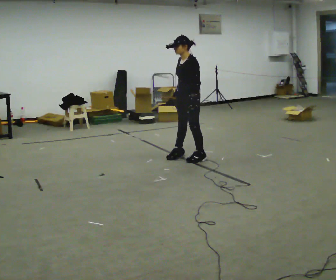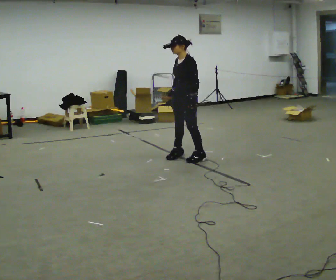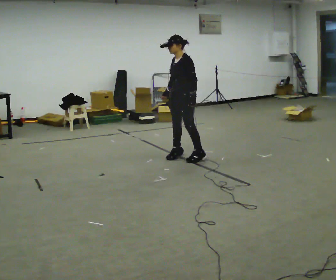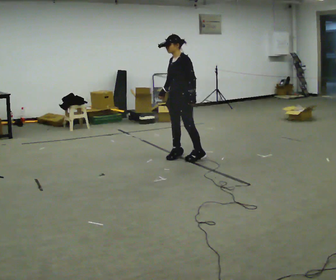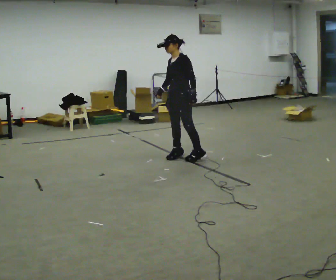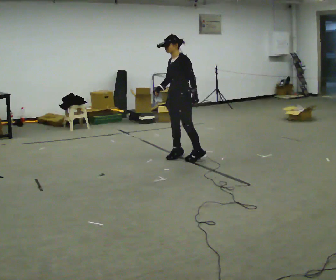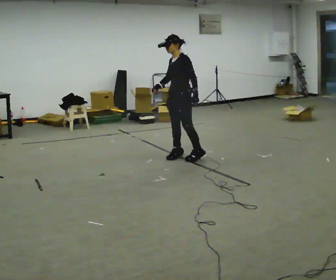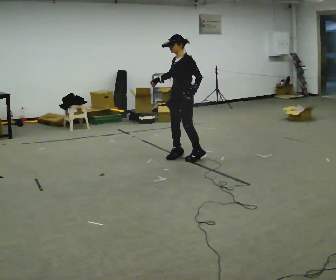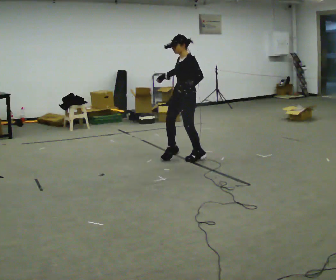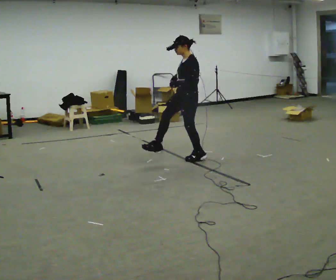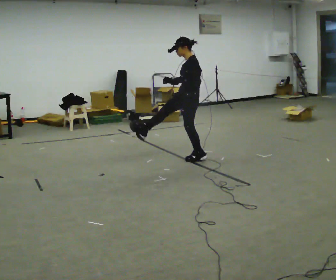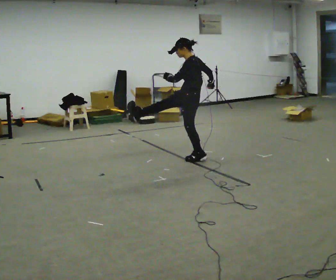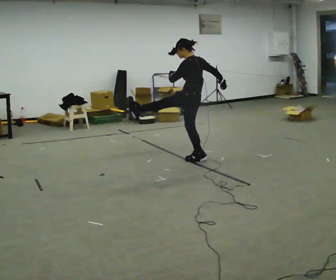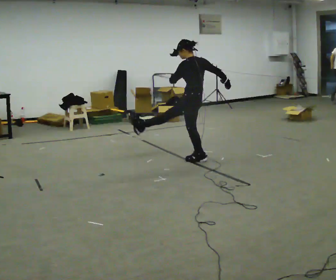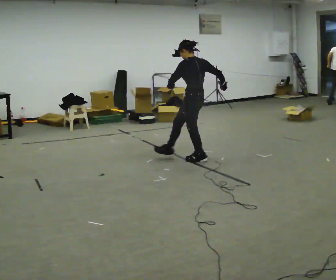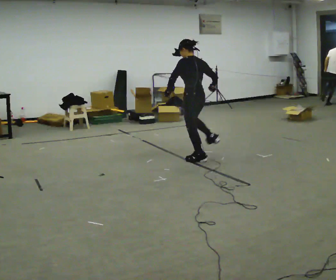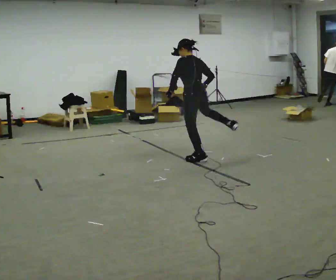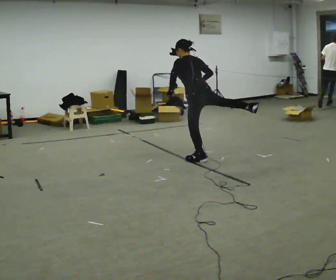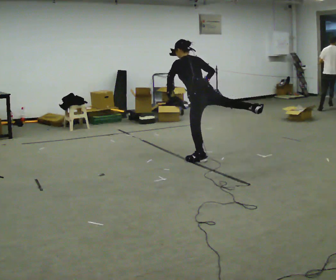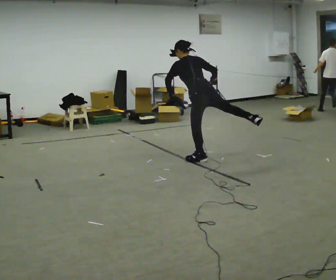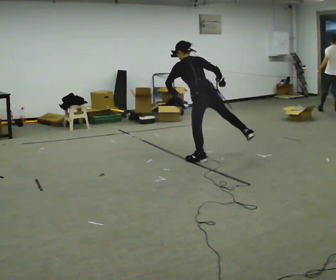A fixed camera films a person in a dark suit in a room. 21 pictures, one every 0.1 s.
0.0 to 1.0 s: The person moves a little, or ends about where they began.
1.0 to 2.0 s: The person turns about 90 degrees to their right, clockwise seen from above, so the part of the body nearest the lens slides to the left. In the picture they go to the right, about 0.25 m. In the picture the upper body tilts counterclockwise, shoulders to the left, as they bend forward. In the picture their right hand goes to the right.
The film runs backward here.
